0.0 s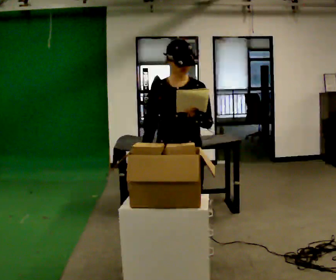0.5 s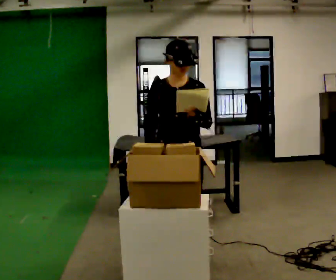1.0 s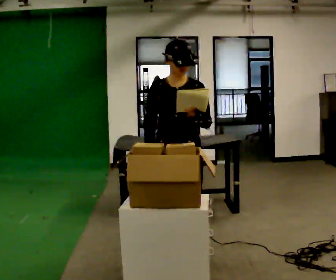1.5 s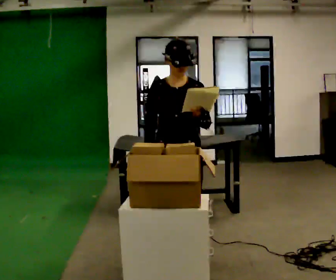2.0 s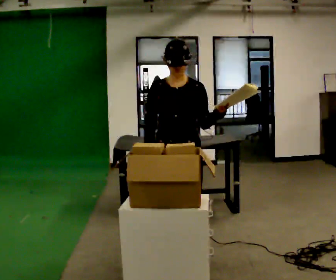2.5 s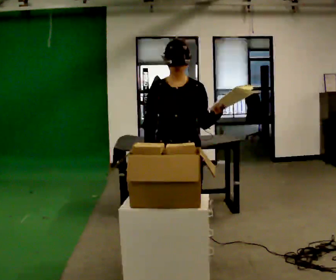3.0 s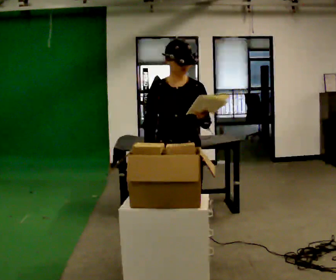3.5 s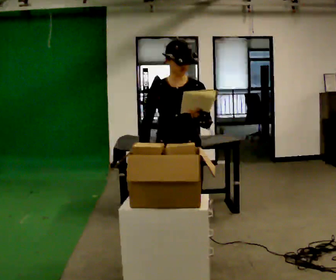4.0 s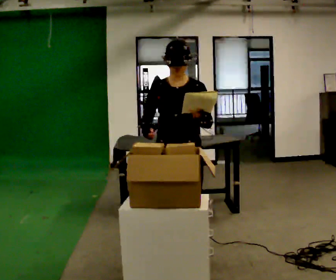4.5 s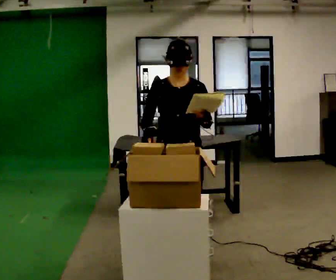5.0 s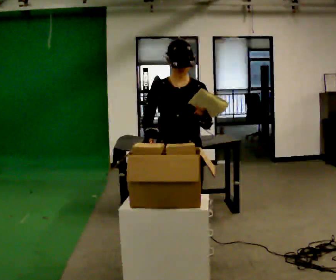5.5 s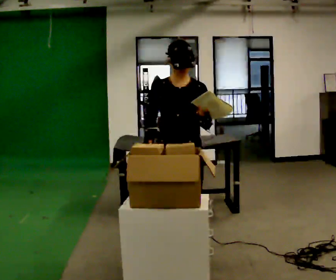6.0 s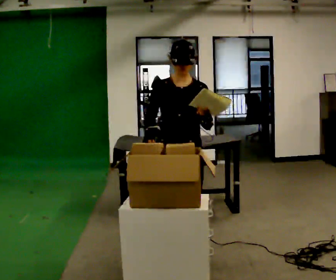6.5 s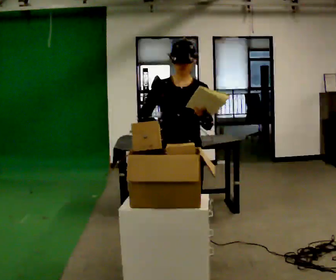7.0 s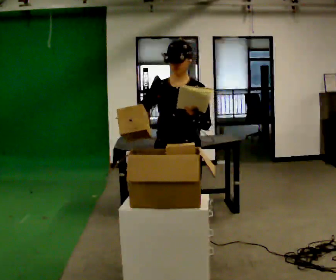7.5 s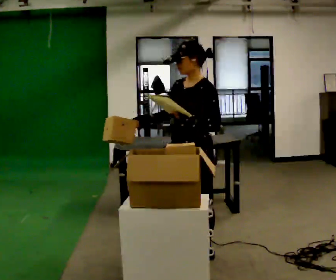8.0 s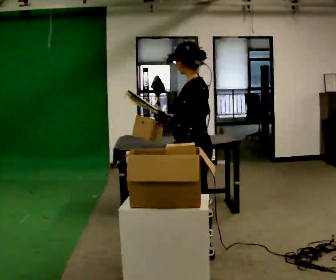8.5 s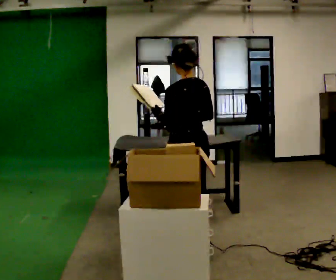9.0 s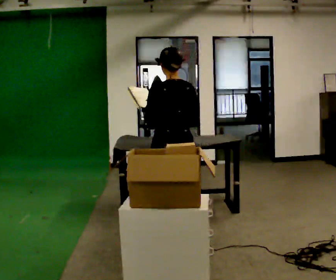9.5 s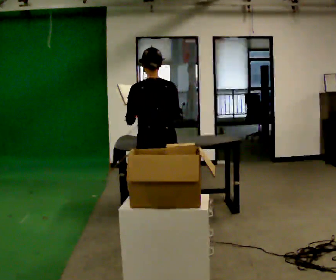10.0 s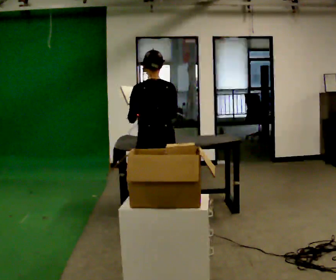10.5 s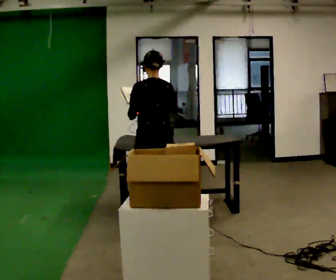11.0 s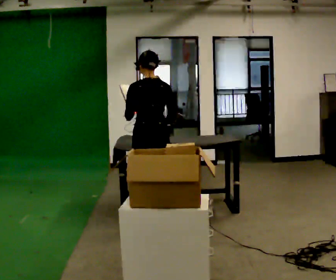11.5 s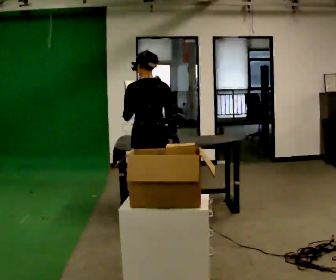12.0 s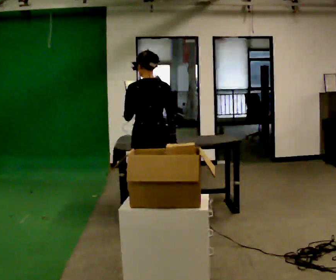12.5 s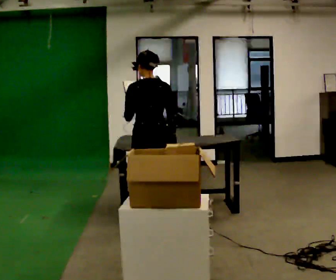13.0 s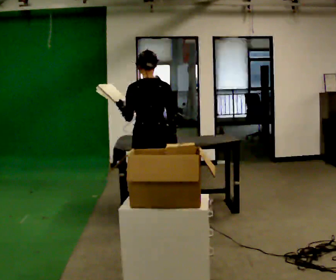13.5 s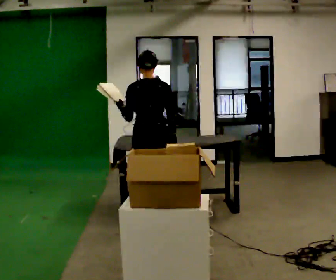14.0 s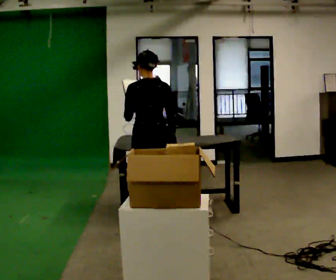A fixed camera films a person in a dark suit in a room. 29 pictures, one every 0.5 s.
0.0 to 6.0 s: The person moves a little, or ends about where they began.
6.0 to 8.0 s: The part of the body nearest the lens slides to the left as the person turns to their right by about 105 degrees.
8.0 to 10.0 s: The person turns about 60 degrees to their right, clockwise seen from above, so the part of the body nearest the lens slides to the left. In the picture they go away from the camera and to the left, about 1 m in 2 steps.
10.0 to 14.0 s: The person moves a little, or ends about where they began.
The film runs forward here.
